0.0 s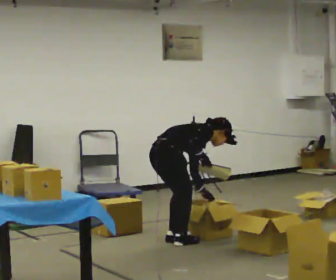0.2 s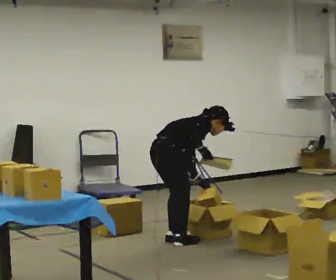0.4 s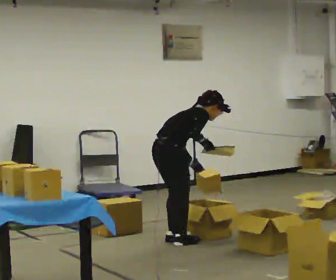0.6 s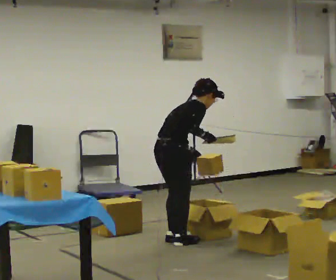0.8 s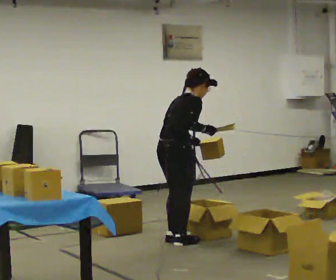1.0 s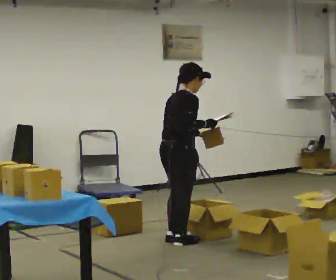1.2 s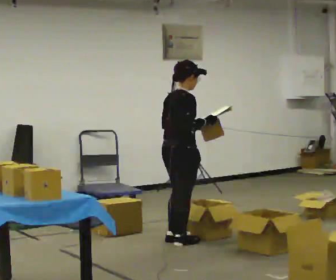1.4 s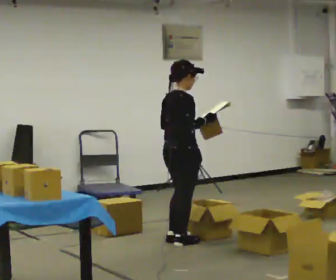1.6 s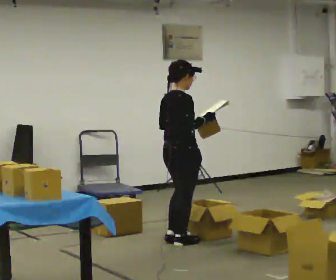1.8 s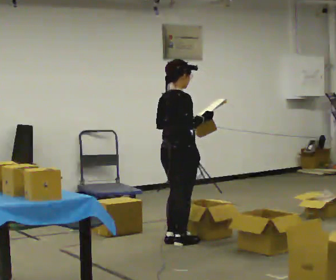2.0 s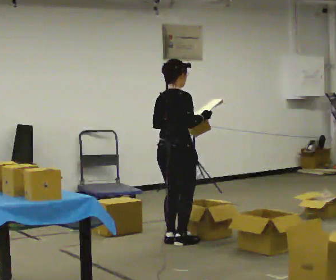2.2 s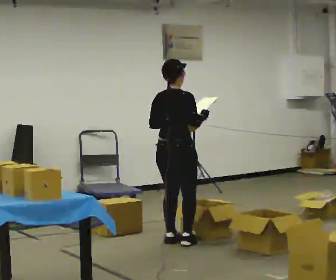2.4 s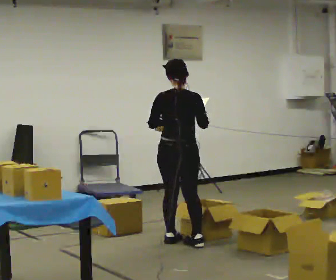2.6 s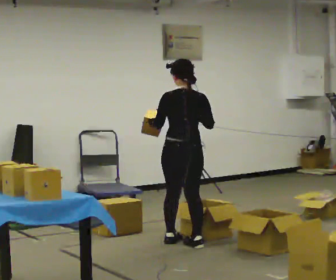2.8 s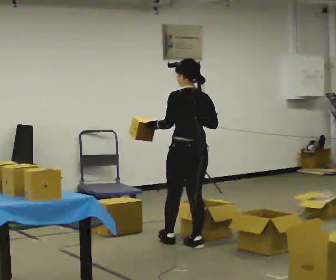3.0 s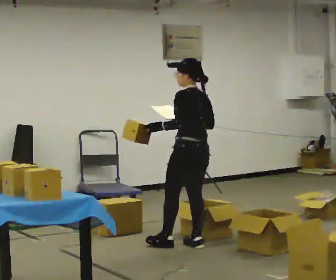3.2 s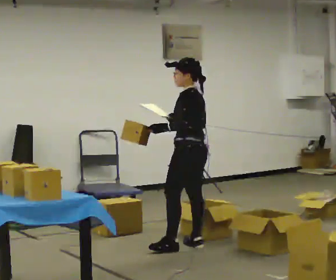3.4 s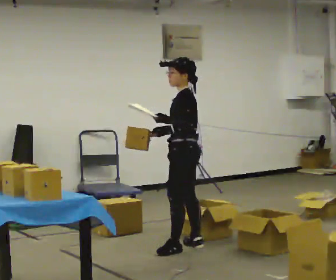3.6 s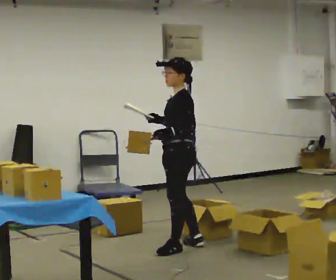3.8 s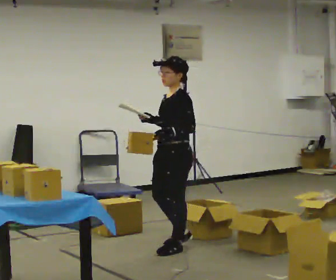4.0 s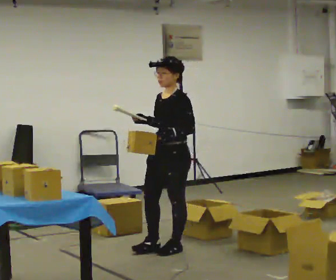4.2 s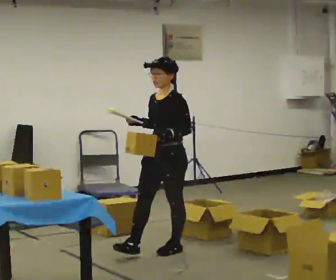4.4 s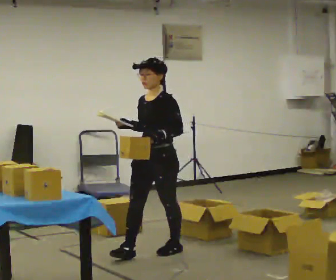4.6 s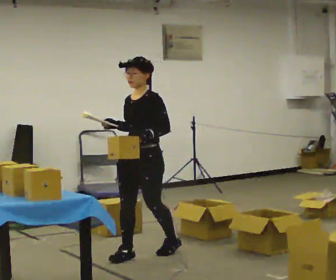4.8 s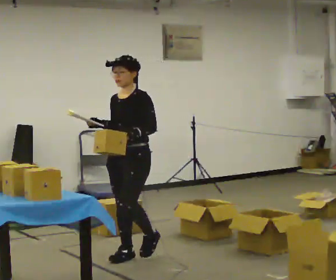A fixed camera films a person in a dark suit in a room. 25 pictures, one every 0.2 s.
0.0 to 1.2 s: The upper body goes upward. In the picture the upper body tilts counterclockwise, shoulders to the left, as they lean back or straighten. In the picture their left hand goes upward.
1.2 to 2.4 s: The person turns about 45 degrees to their left, counterclockwise seen from above, so the part of the body nearest the lens slides to the right.
2.4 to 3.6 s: The person turns about 105 degrees to their left, counterclockwise seen from above, so the part of the body nearest the lens slides to the right. In the picture they go toward the camera, about 0.25 m in 1 step.
3.6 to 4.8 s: Seen from above the body turns counterclockwise, about 45 degrees: to their left, with its near side sliding to the right. In the picture they go to the left and toward the camera, about 0.5 m in 1 step, which for them is forward.
The film runs forward here.
